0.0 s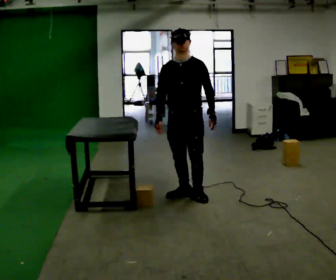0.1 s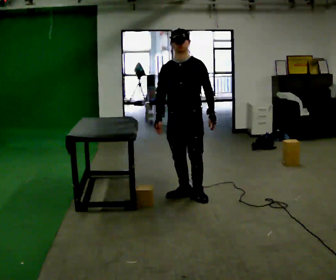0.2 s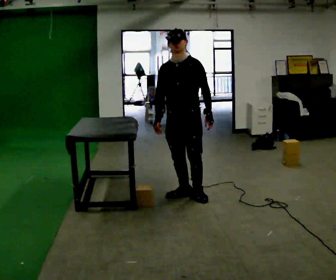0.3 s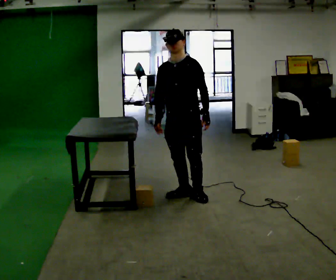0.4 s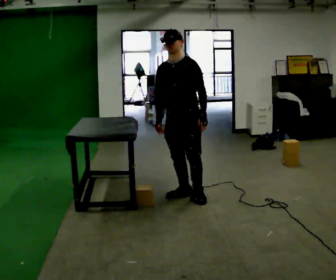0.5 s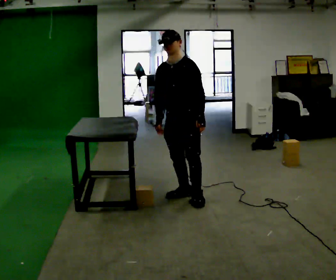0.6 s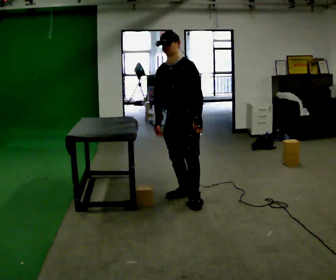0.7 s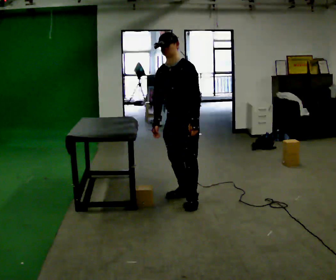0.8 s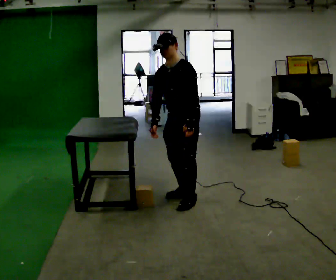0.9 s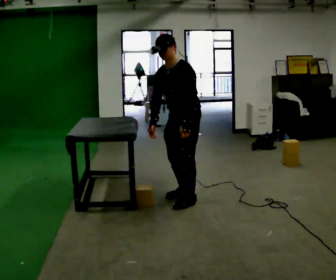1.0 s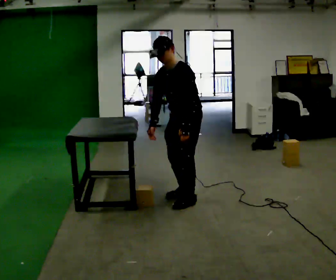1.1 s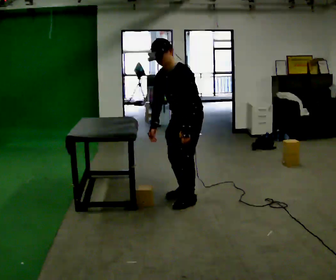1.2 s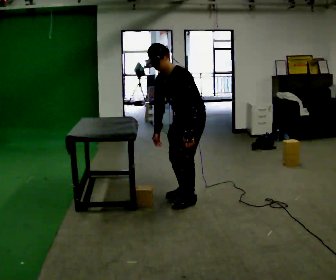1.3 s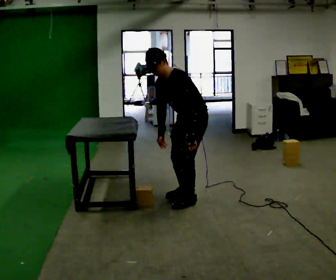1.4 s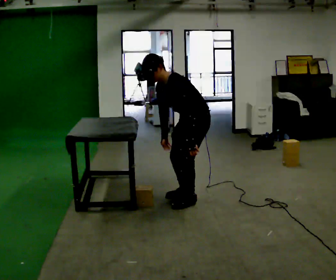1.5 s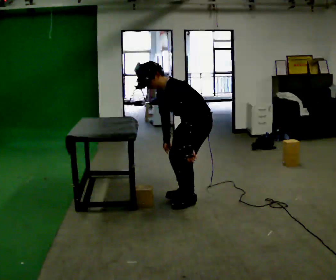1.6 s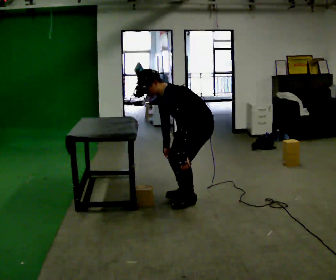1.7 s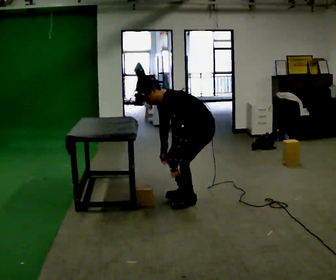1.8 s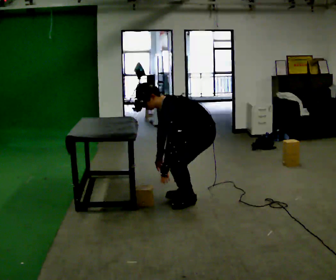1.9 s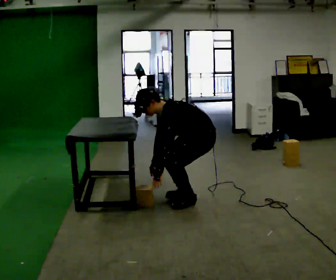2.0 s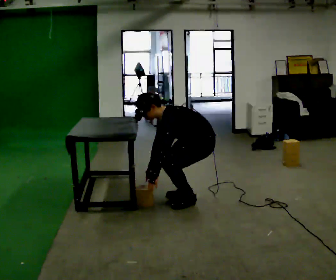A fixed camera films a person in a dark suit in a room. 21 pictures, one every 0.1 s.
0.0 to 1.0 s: The part of the body nearest the lens slides to the left as the person turns to their right by about 30 degrees.
1.0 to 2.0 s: Seen from above the body turns clockwise, about 30 degrees: to their right, with its near side sliding to the left. In the picture they go to the right, about 0.25 m, which for them is to their left. The shoulders move downward. In the picture the upper body tilts counterclockwise, shoulders to the left, as they bend forward. In the picture their left hand goes downward.
The film runs backward here.
